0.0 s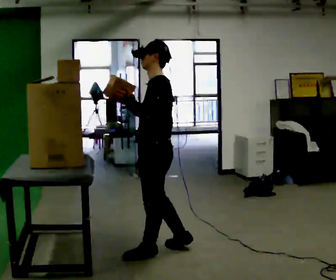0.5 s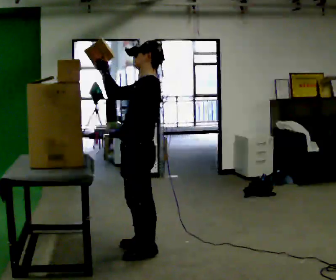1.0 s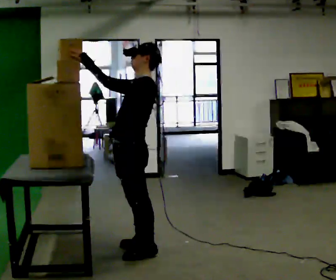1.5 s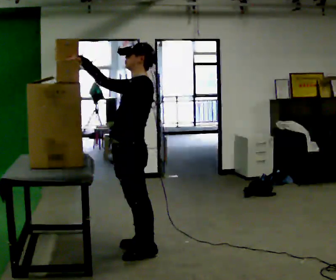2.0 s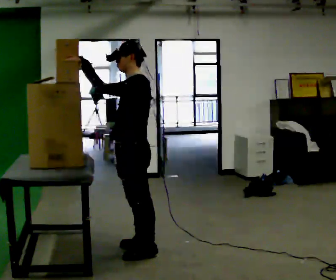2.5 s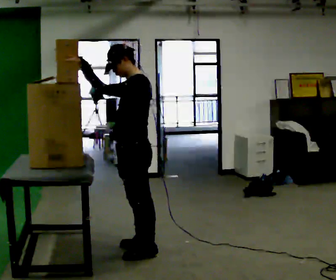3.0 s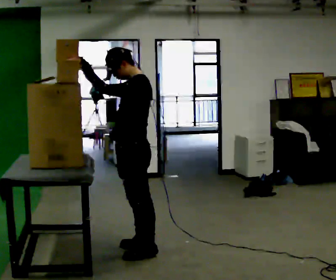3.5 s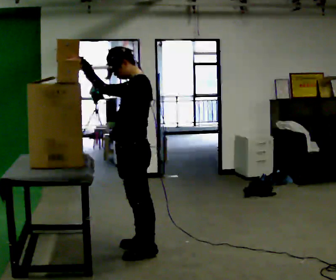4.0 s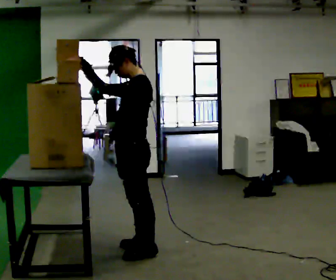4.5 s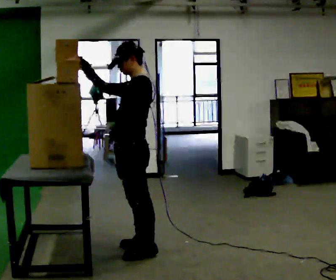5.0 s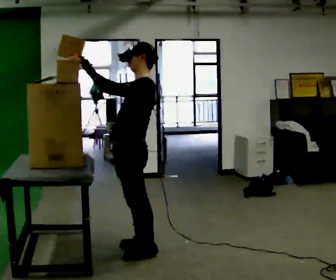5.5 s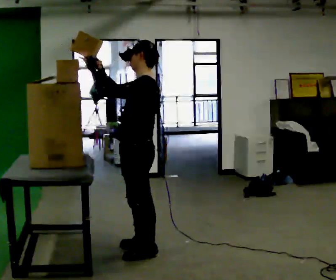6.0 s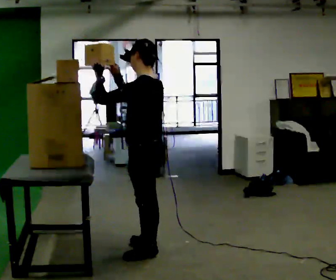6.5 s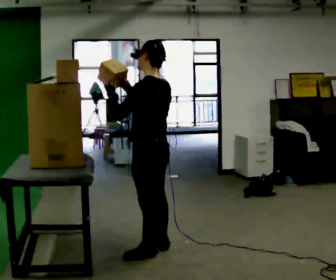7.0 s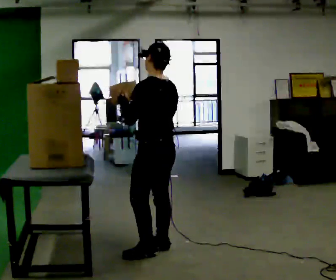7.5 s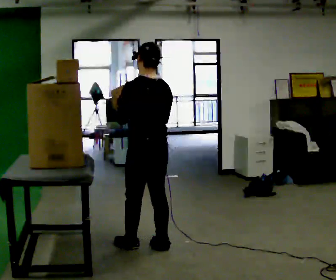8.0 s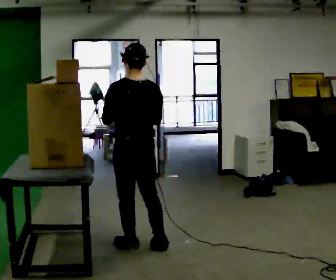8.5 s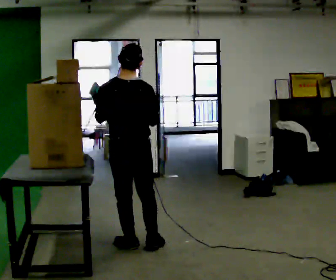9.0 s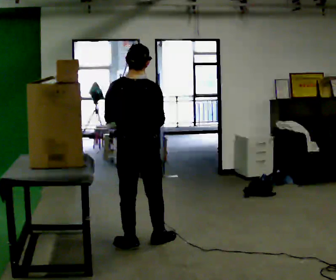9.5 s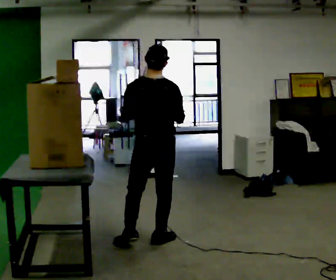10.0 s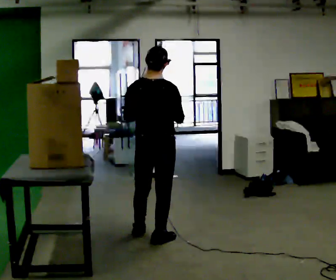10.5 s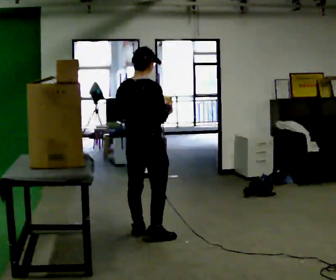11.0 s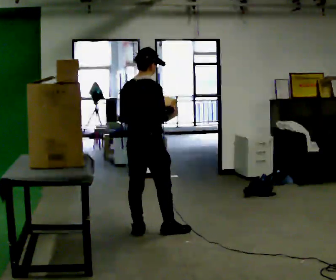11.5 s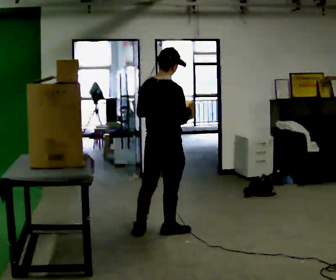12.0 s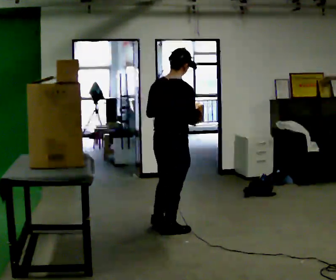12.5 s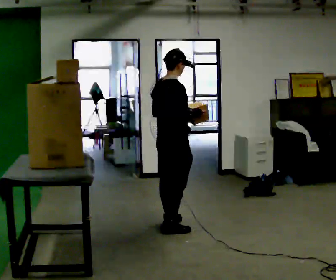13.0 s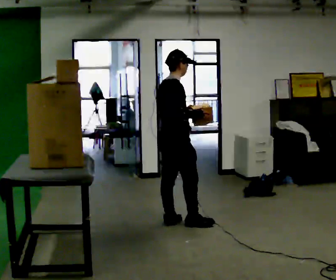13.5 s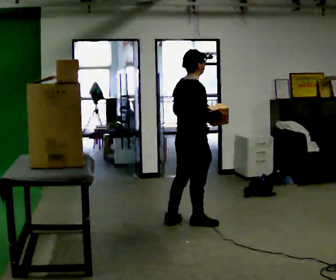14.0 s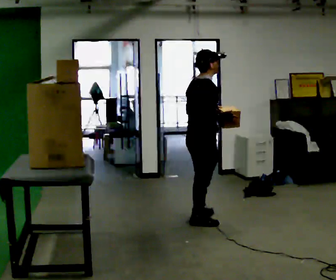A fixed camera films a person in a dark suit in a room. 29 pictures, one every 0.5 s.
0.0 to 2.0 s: In the picture they go to the left, about 0.25 m in 1 step, which for them is forward. In the picture their left hand goes to the left.
2.0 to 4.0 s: The person keeps their place and pose.
4.0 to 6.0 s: The person moves a little, or ends about where they began.
6.0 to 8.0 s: The person turns about 45 degrees to their right, clockwise seen from above, so the part of the body nearest the lens slides to the left. In the picture they go away from the camera, about 0.25 m in 1 step, which for them is forward and to their right.
8.0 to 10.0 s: The part of the body nearest the lens slides to the left as the person turns to their right by about 30 degrees. In the picture they go away from the camera and to the right, about 0.25 m in 2 steps, which for them is forward and to their right.
10.0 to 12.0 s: Seen from above the body turns clockwise, about 30 degrees: to their right, with its near side sliding to the left. In the picture they go away from the camera, about 0.25 m in 1 step, which for them is forward.
12.0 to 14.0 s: Seen from above the body turns clockwise, about 30 degrees: to their right, with its near side sliding to the left. In the picture they go to the right and away from the camera, about 0.5 m in 2 steps, which for them is forward.
The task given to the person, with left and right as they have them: Take an object down from the highest shelf you can comfortably reach, carry it across the room, and set it on the floor. Keep going until the operator says stop; one object at a time, and do not rush between trips.
The film runs forward here.
